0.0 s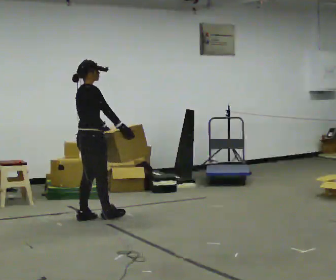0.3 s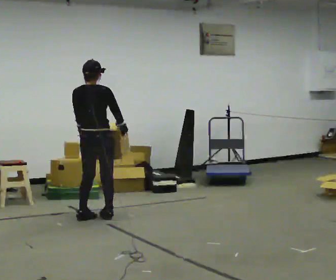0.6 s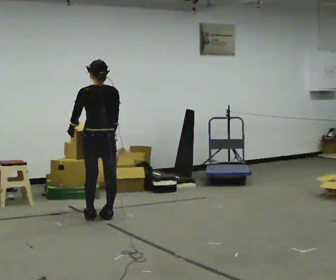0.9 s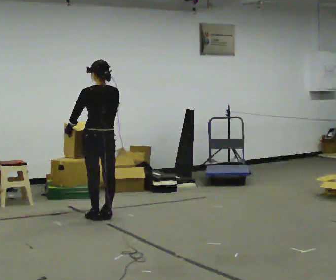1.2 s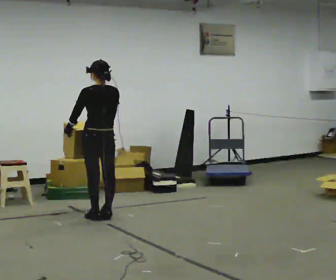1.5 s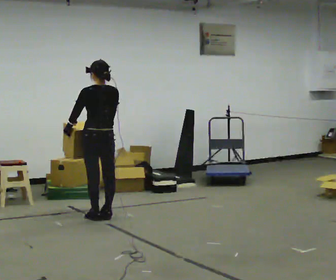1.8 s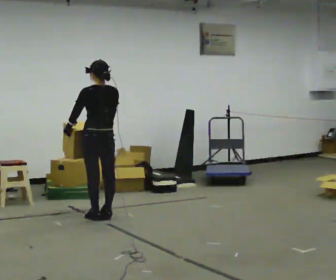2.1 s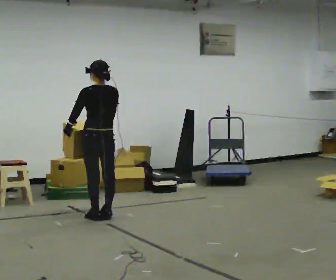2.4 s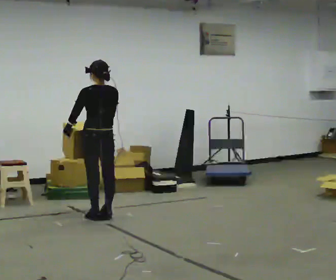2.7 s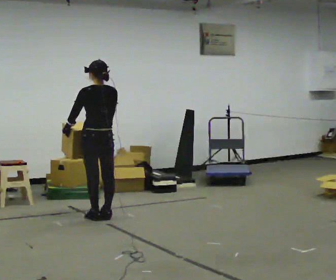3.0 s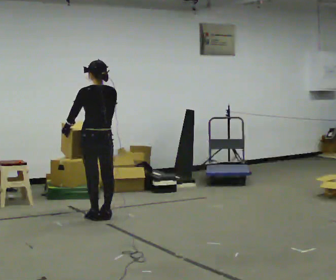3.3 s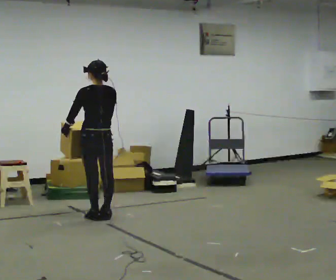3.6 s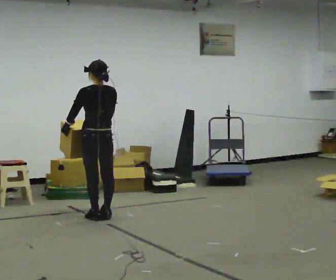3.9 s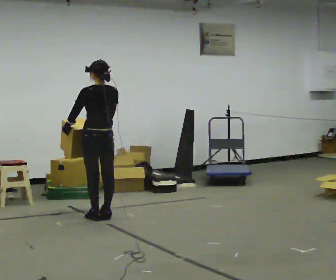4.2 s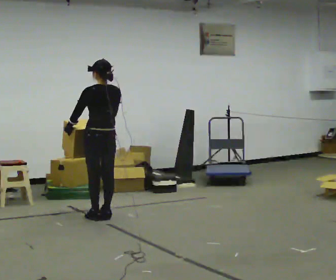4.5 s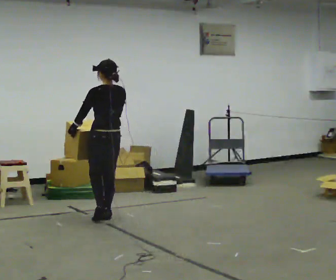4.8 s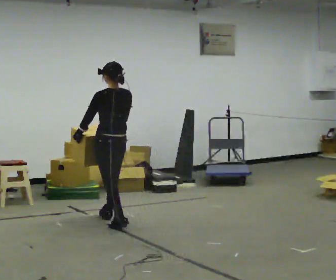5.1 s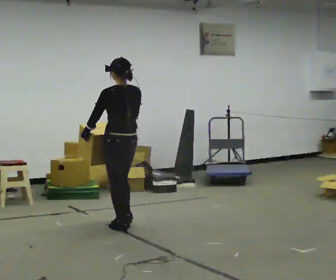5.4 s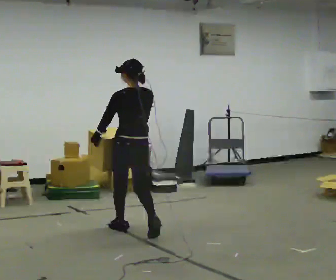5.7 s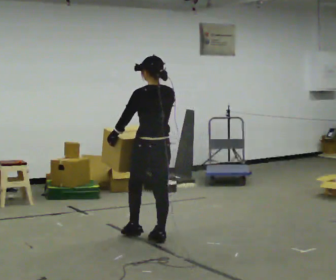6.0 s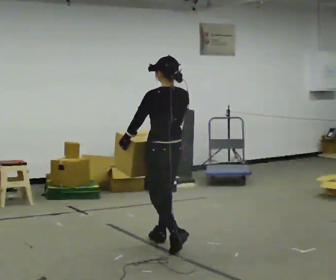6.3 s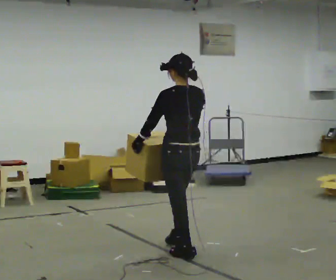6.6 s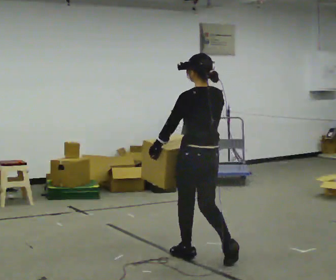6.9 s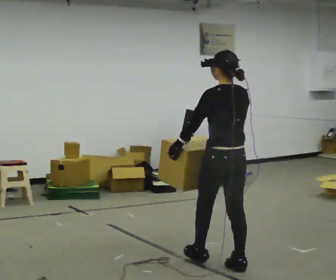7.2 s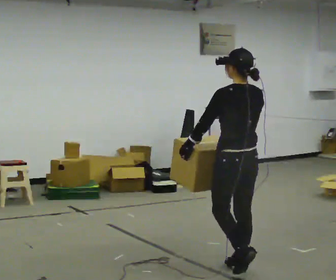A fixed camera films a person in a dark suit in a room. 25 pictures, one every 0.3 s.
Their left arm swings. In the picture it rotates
clockwise.
The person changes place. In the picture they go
toward the camera.
0.0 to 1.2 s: Seen from above the body turns counterclockwise, about 90 degrees: to their left, with its near side sliding to the right.
1.2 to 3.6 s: The person keeps their place and pose.
3.6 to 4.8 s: In the picture they go toward the camera, about 0.25 m in 1 step, which for them is backward.
4.8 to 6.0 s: In the picture they go toward the camera and to the right, about 1 m in 2 steps, which for them is backward.
6.0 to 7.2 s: In the picture they go toward the camera and to the right, about 1 m in 2 steps, which for them is backward.
The film runs backward here.
